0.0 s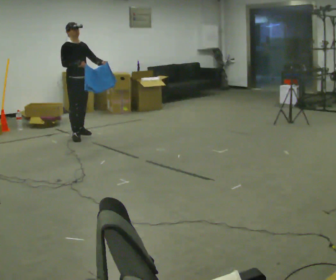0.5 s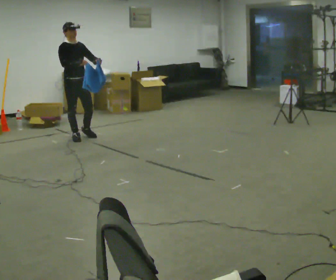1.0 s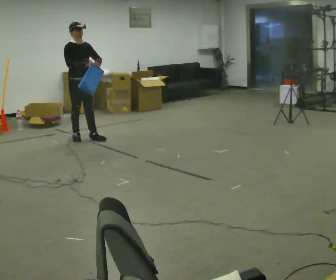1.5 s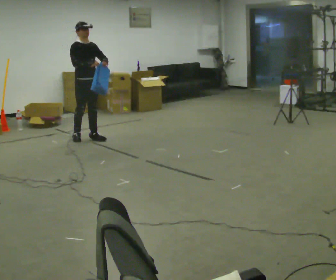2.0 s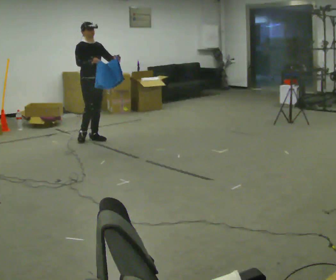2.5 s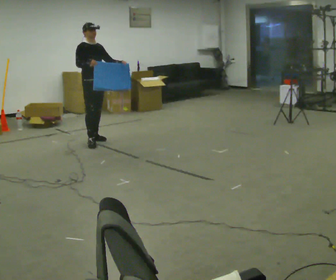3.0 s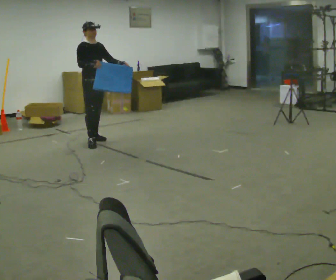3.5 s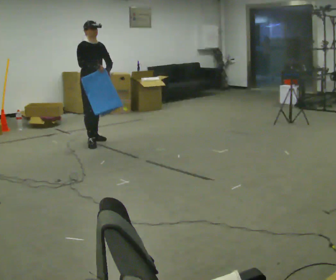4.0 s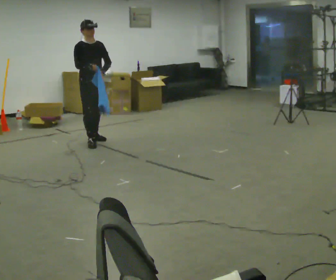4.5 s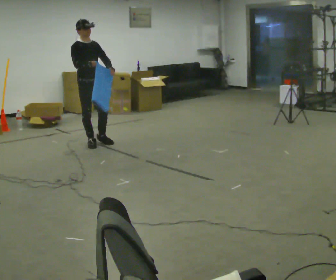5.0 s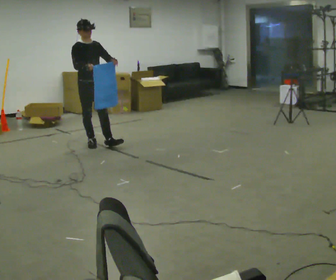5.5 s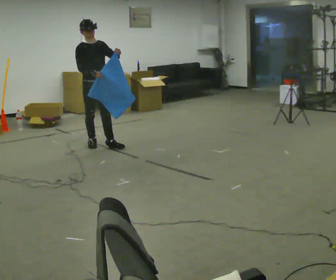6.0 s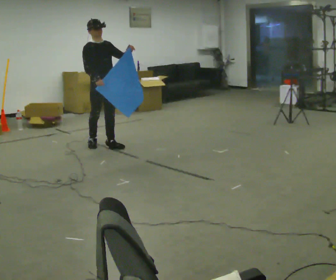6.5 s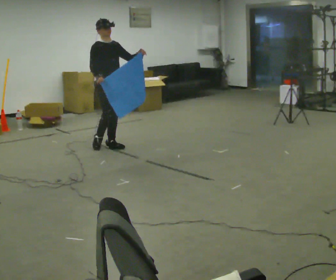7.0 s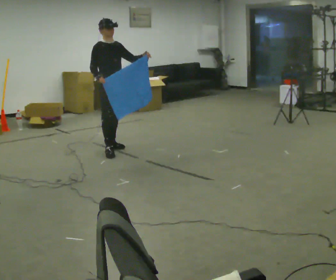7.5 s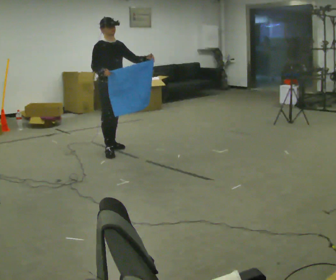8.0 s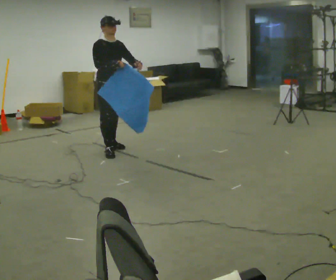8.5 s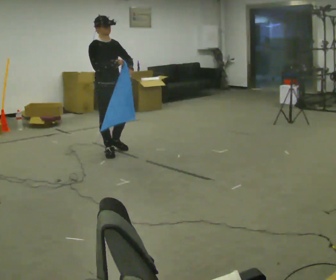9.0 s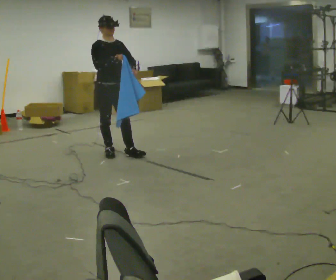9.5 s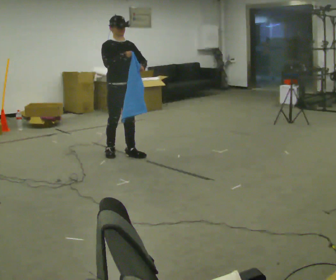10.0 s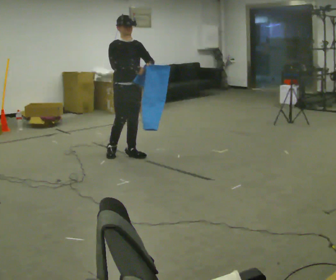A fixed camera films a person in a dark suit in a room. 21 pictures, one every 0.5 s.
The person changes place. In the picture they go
toward the camera.
0.0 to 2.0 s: In the picture they go to the right and toward the camera, about 0.25 m in 1 step, which for them is forward.
2.0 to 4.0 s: In the picture they go toward the camera, about 0.25 m in 1 step, which for them is forward and to their right.
4.0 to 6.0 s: In the picture they go toward the camera, about 0.25 m in 1 step, which for them is forward.
6.0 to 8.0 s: In the picture they go toward the camera, about 0.25 m in 1 step, which for them is forward.
8.0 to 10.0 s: In the picture they go toward the camera and to the right, about 0.25 m in 1 step, which for them is forward.
The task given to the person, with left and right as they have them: Carry the cloth and, while walking, fold it in half, then unfold it. Keep repeating as you walk. Do not stop.
The film runs forward here.
